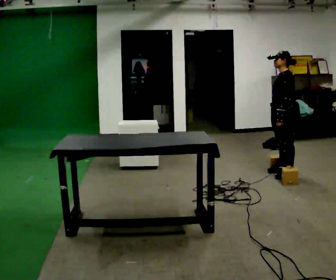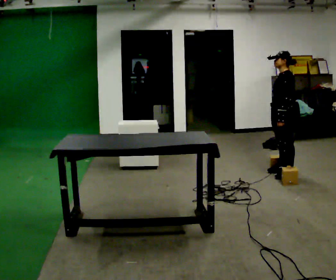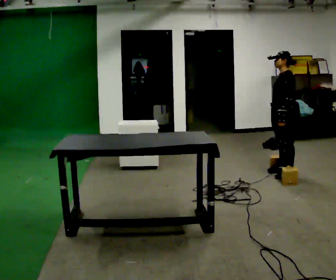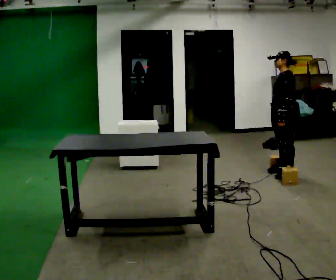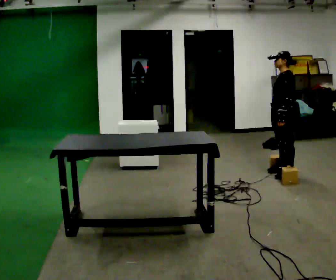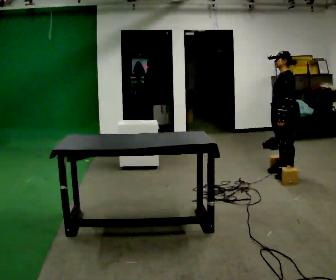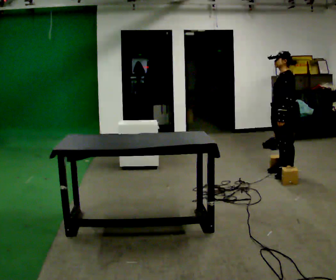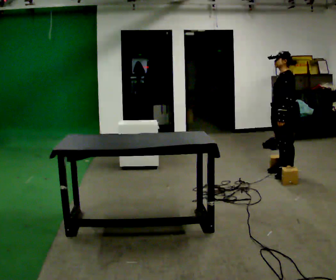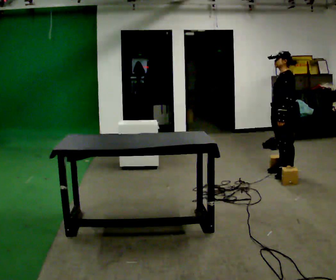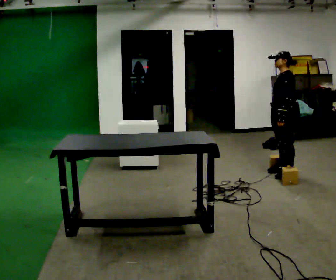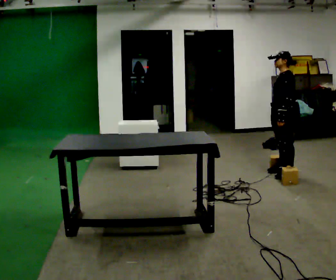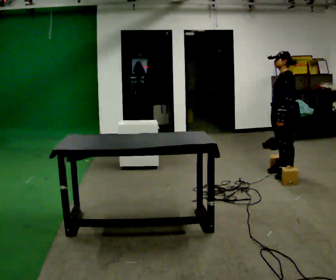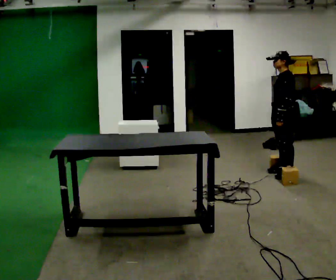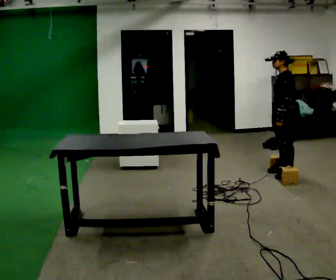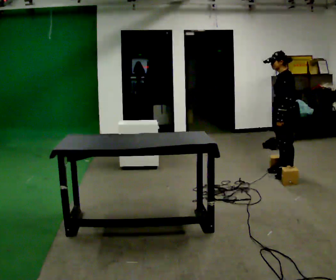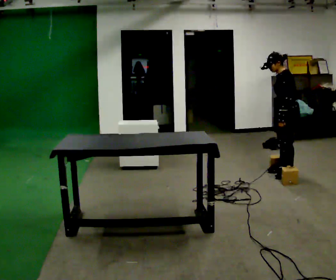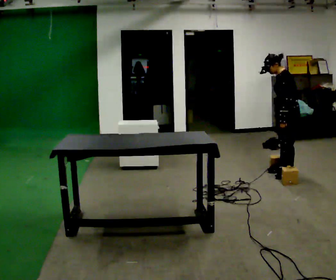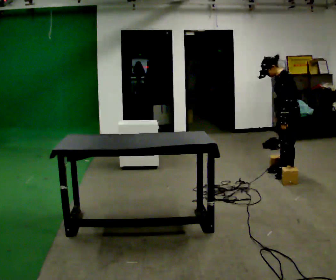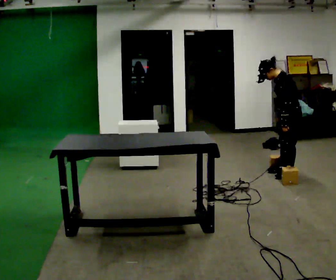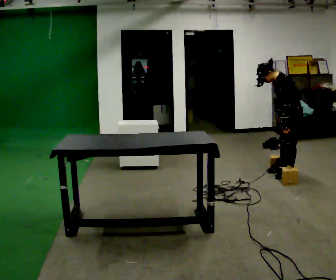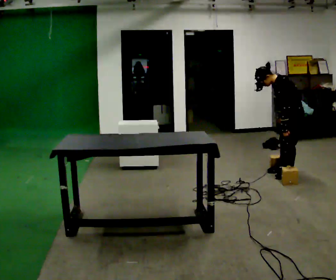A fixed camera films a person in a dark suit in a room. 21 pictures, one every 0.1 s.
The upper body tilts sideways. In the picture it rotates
counterclockwise.
0.0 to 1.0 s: The person keeps their place and pose.
1.0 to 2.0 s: In the picture the upper body tilts counterclockwise, shoulders to the left, as they bend forward.
The film runs forward here.
